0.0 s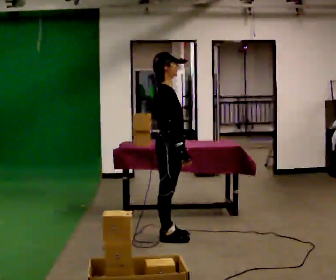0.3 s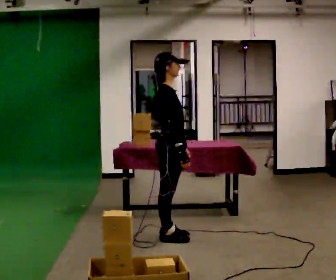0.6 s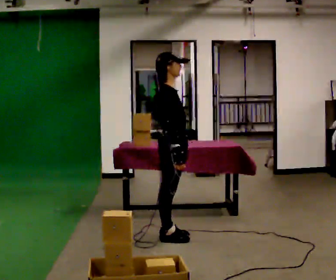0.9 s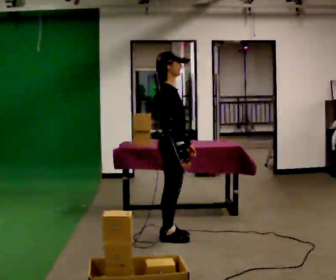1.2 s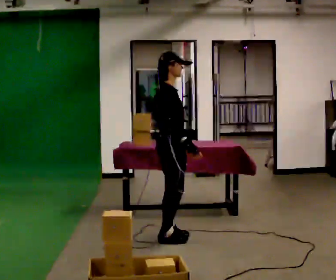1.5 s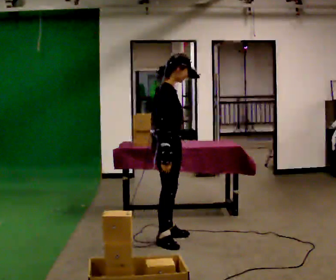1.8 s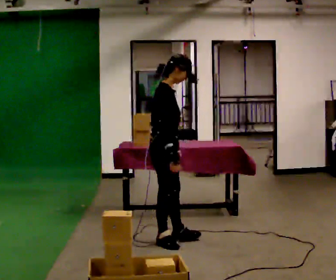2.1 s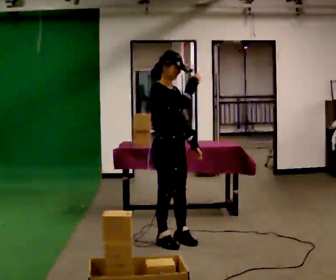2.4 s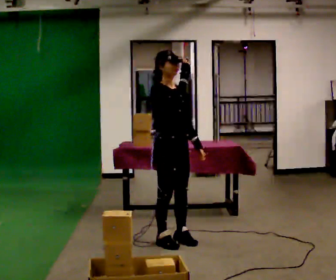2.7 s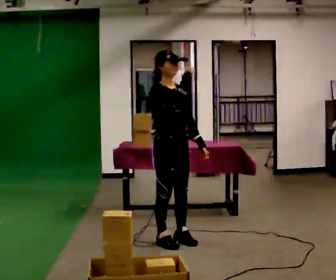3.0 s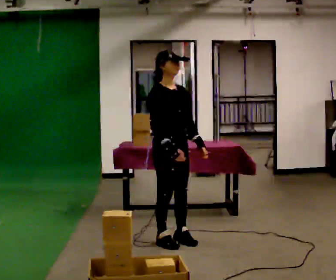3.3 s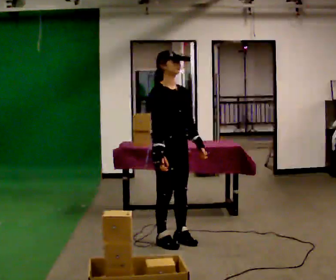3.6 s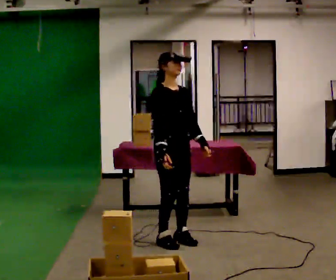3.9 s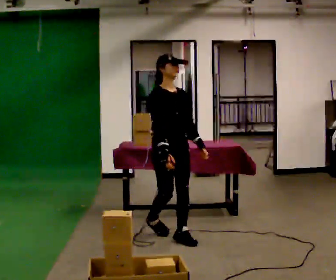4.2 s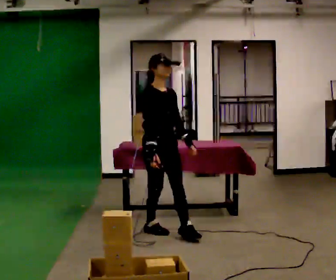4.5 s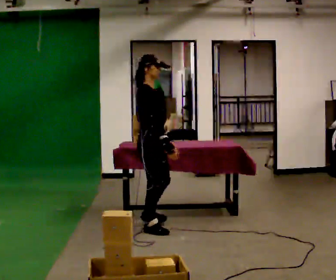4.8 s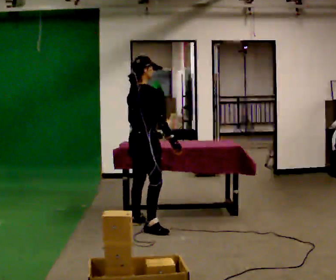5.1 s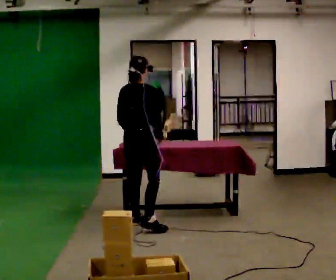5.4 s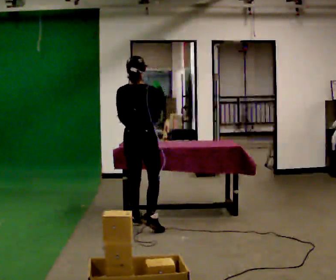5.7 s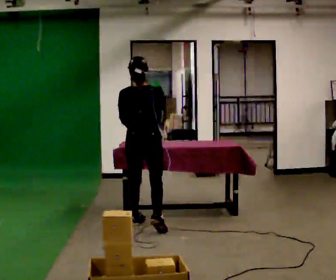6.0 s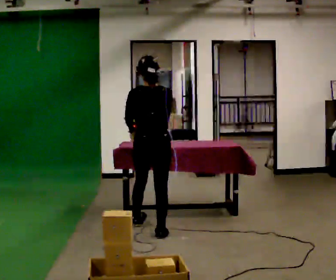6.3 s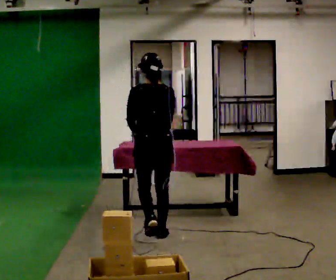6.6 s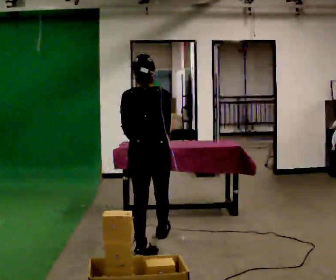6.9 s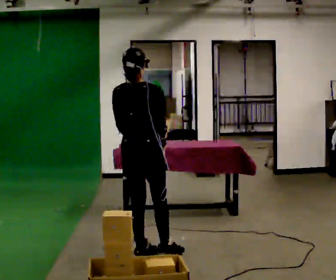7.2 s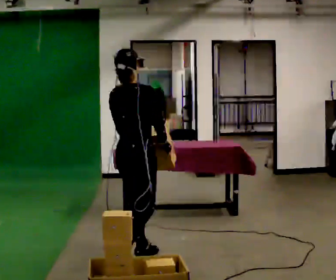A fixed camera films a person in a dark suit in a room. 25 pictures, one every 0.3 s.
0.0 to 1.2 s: The person moves a little, or ends about where they began.
1.2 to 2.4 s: The person turns about 45 degrees to their right, clockwise seen from above, so the part of the body nearest the lens slides to the left. In the picture they go toward the camera, about 0.25 m in 1 step, which for them is to their right. In the picture their right hand goes upward.
2.4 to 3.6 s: In the picture their right hand goes downward.
3.6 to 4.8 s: The person turns about 75 degrees to their left, counterclockwise seen from above, so the part of the body nearest the lens slides to the right. In the picture they go away from the camera and to the left, about 0.5 m in 2 steps.
4.8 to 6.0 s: The person turns about 75 degrees to their left, counterclockwise seen from above, so the part of the body nearest the lens slides to the right.
6.0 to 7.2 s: The part of the body nearest the lens slides to the left as the person turns to their right by about 45 degrees. In the picture they go toward the camera, about 1 m in 1 step, which for them is backward.
The film runs backward here.
